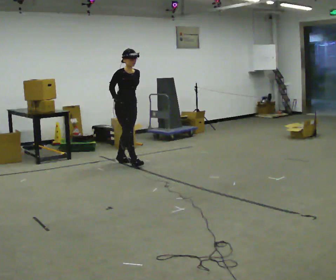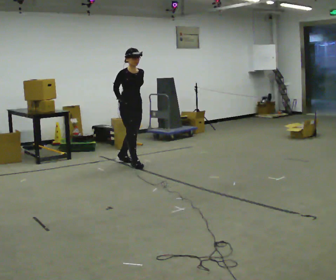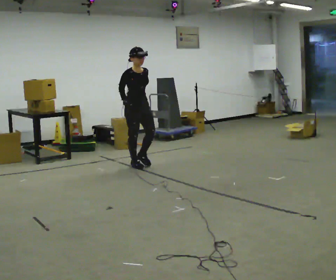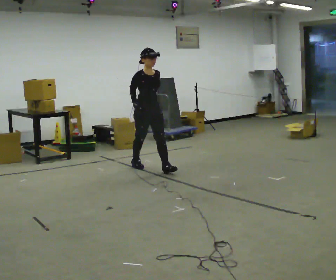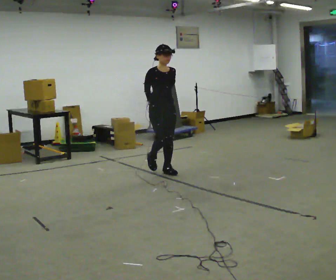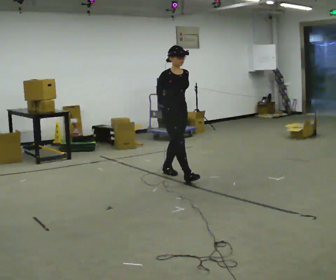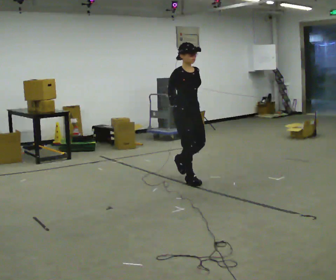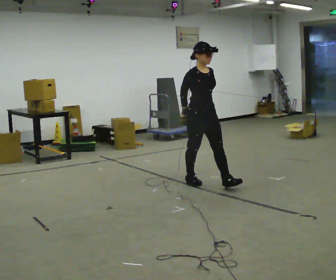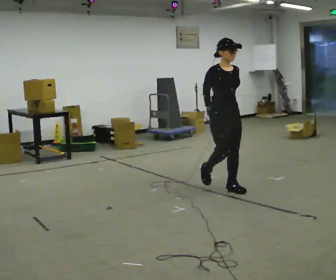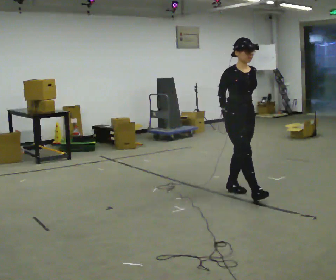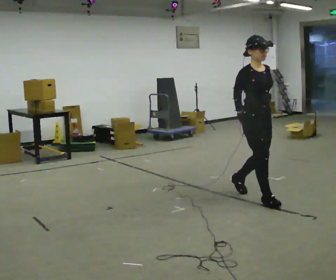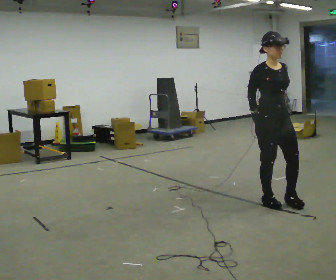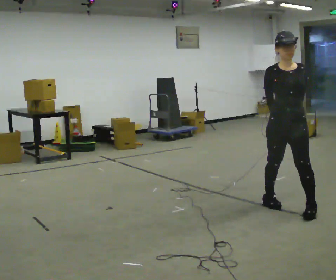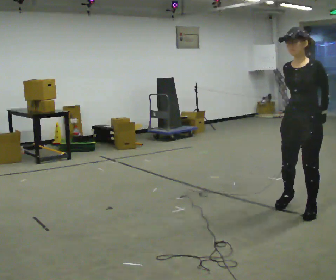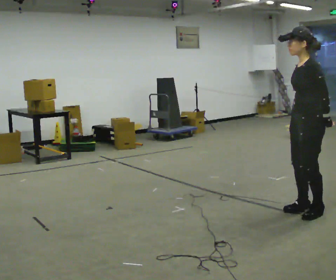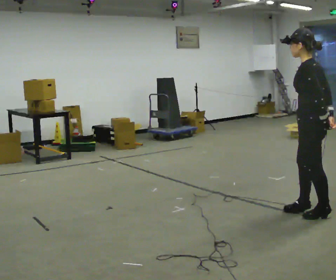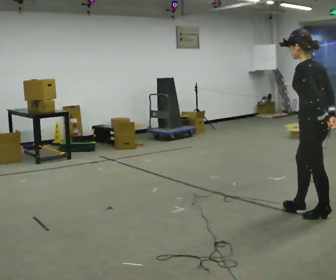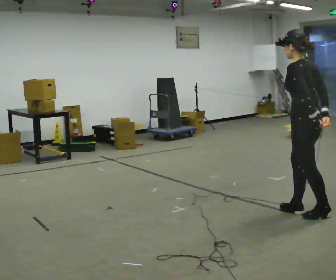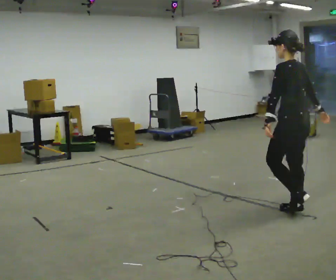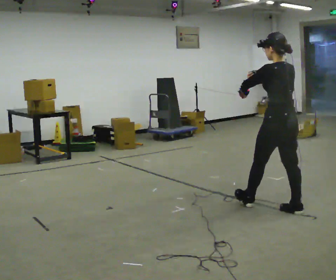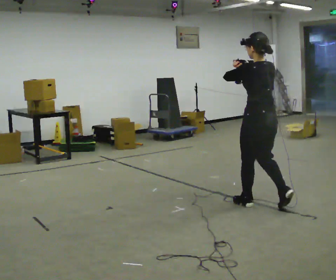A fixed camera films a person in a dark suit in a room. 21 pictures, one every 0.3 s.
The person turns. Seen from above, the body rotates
clockwise.
The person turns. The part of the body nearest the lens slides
to the left.
0.0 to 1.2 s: In the picture they go to the right and toward the camera, about 1 m in 1 step, which for them is forward.
1.2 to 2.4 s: In the picture they go to the right and toward the camera, about 1 m in 2 steps, which for them is forward.
2.4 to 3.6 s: The part of the body nearest the lens slides to the left as the person turns to their right by about 30 degrees. In the picture they go toward the camera and to the right, about 1 m in 2 steps, which for them is forward.
3.6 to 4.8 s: The part of the body nearest the lens slides to the left as the person turns to their right by about 120 degrees. In the picture they go toward the camera and to the right, about 0.25 m in 2 steps.
4.8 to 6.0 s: In the picture they go to the left and away from the camera, about 0.5 m in 1 step, which for them is forward. In the picture their right hand goes upward.
The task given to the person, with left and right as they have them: Walk normally but hold both hands together in front of you at chest height; do not swing your arms; stop.
The film runs forward here.
